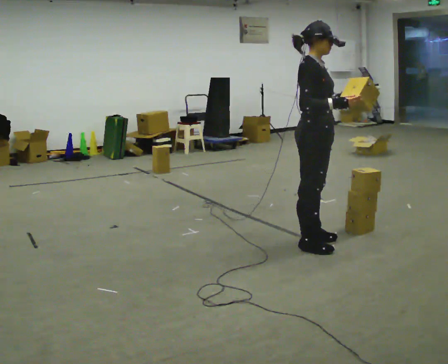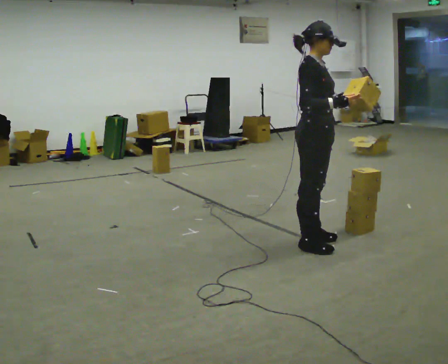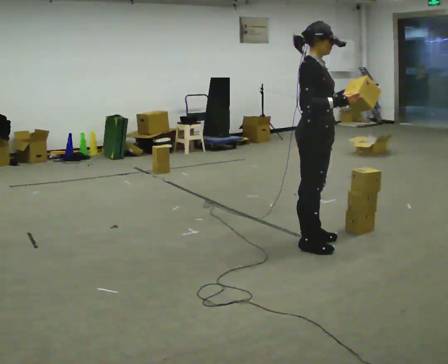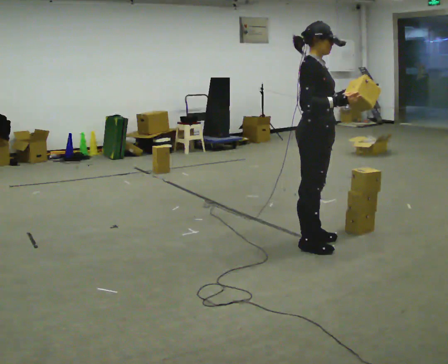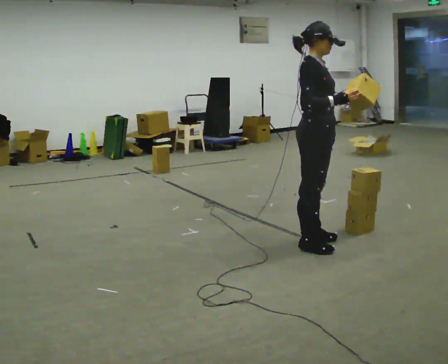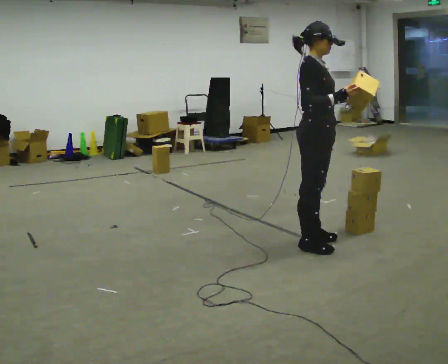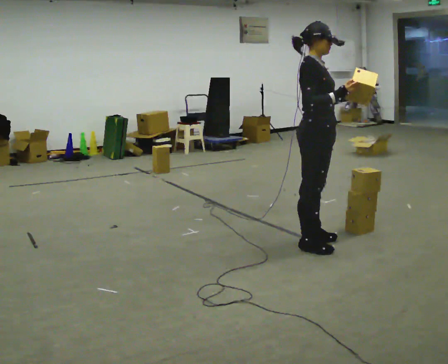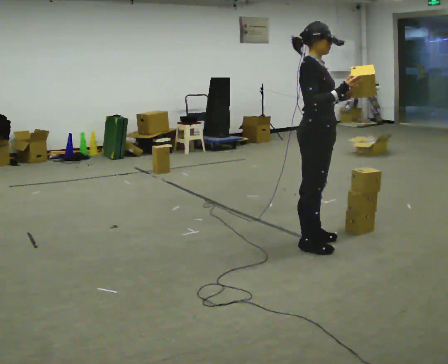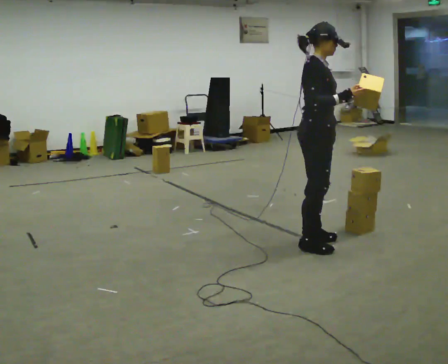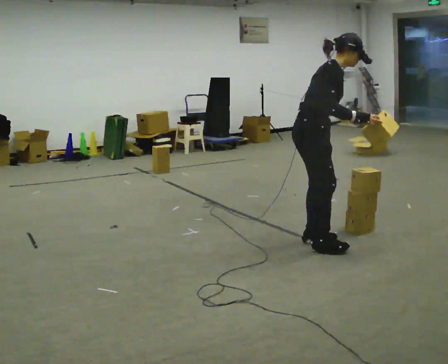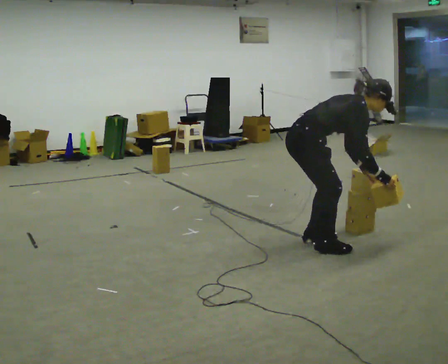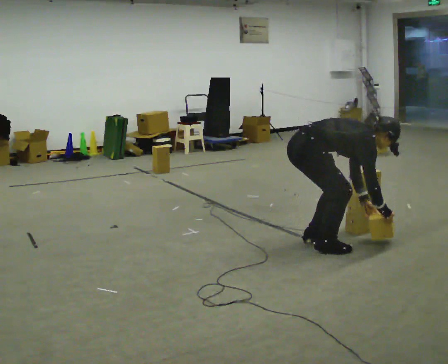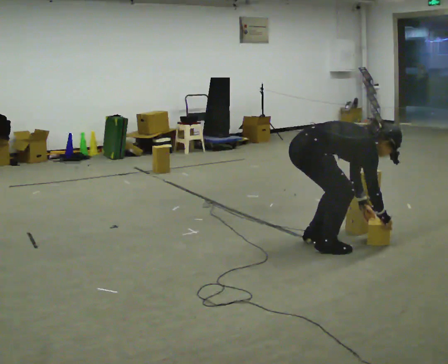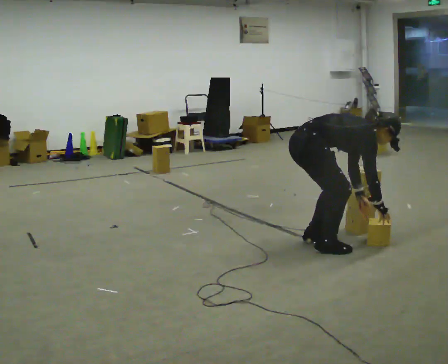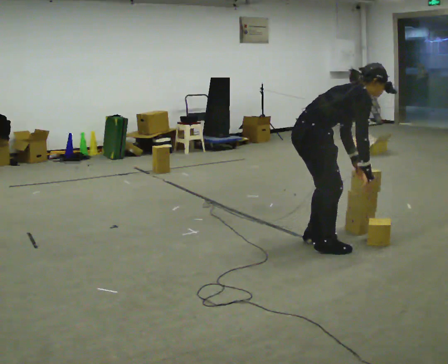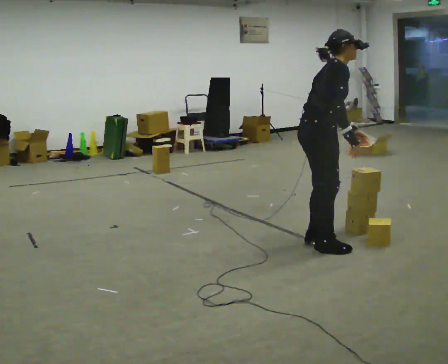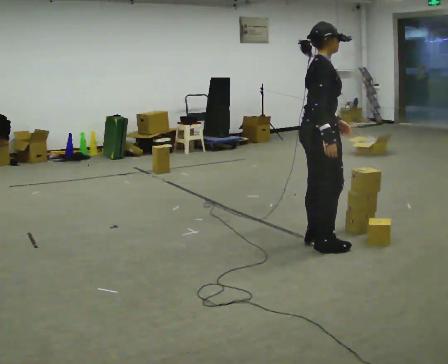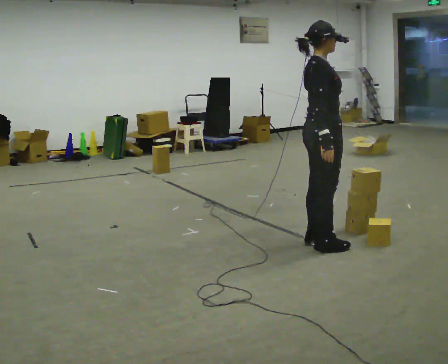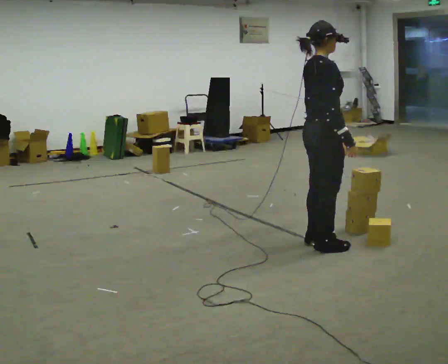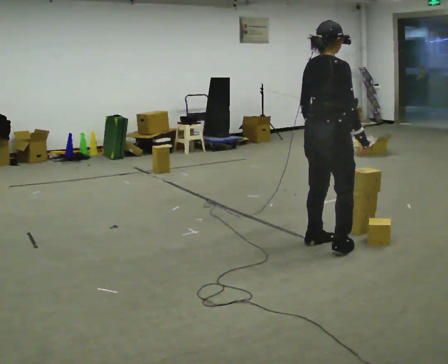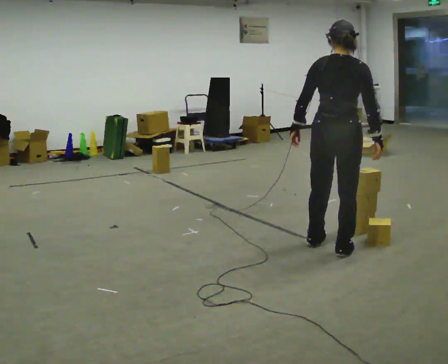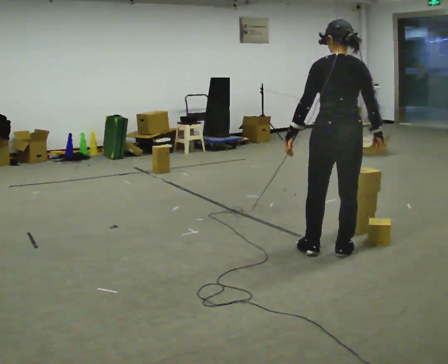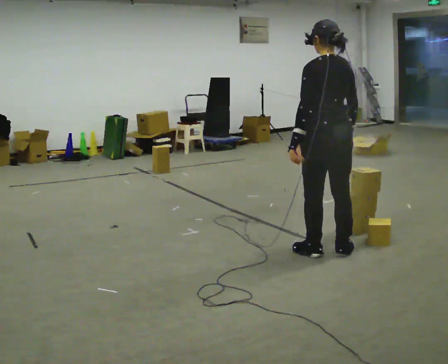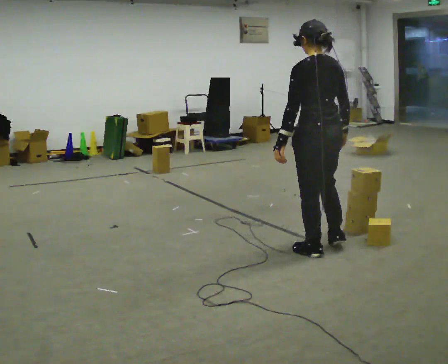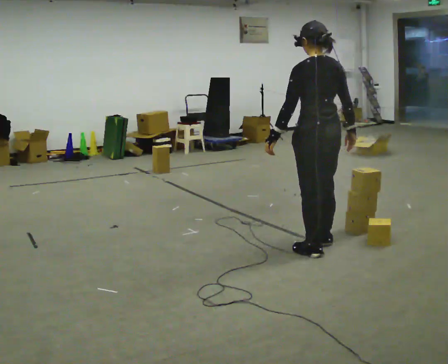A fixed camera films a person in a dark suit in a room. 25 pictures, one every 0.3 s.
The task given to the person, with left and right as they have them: Carry the box and, while you are still walking, turn it so you can read the label, read it out loud, then carry on. Repeat with the next box. Do not stop to read it.
0.0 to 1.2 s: The person keeps their place and pose.
1.2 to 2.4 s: The person moves a little, or ends about where they began.
2.4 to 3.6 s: The upper body goes downward. In the picture the upper body tilts clockwise, shoulders to the right, as they bend forward. In the picture their left hand goes downward.
3.6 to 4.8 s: The shoulders move upward. In the picture the upper body tilts counterclockwise, shoulders to the left, as they lean back or straighten. In the picture their right hand goes upward and to the left.
4.8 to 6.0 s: Seen from above the body turns counterclockwise, about 75 degrees: to their left, with its near side sliding to the right. In the picture they go toward the camera, about 0.25 m.
6.0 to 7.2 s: The part of the body nearest the lens slides to the right as the person turns to their left by about 45 degrees.
The film runs forward here.
